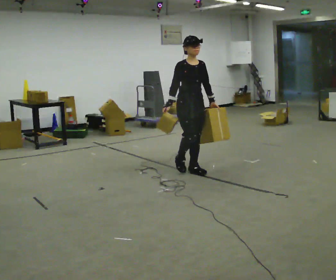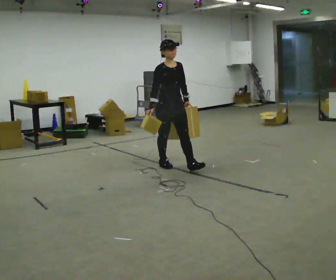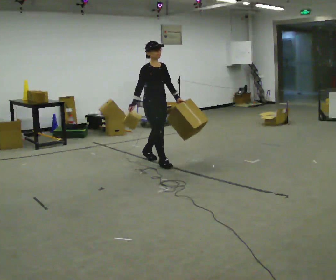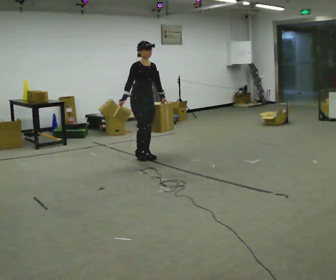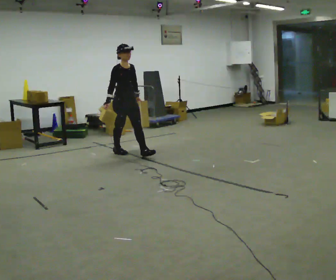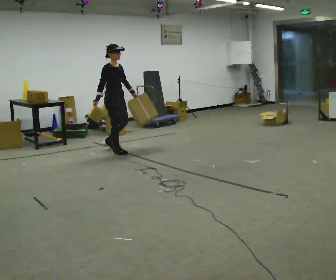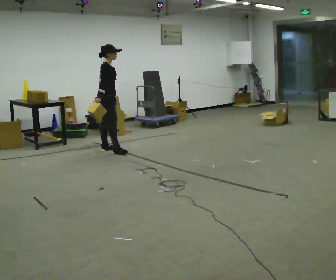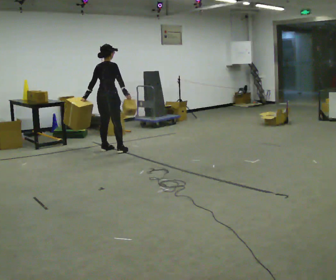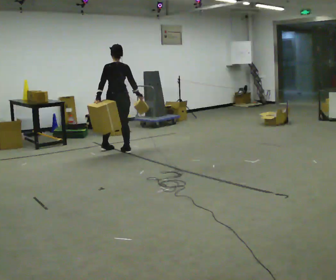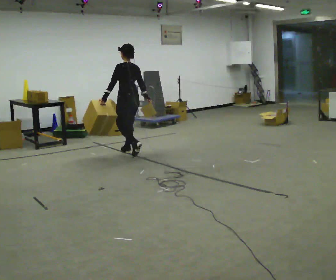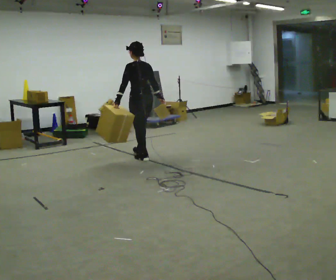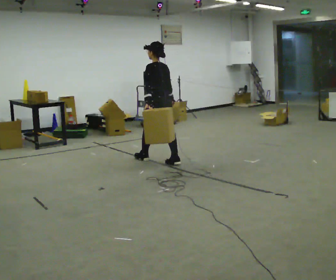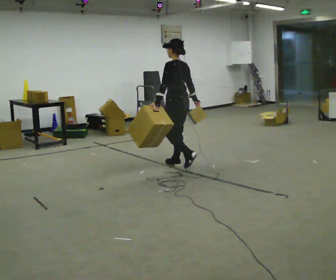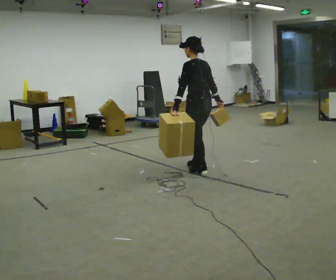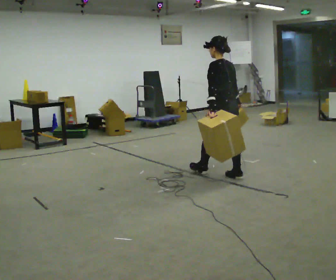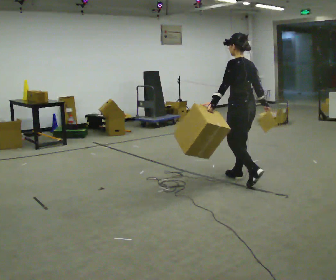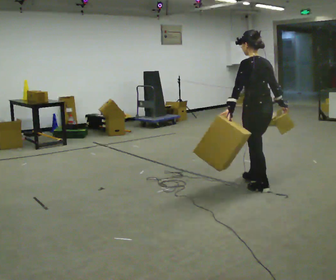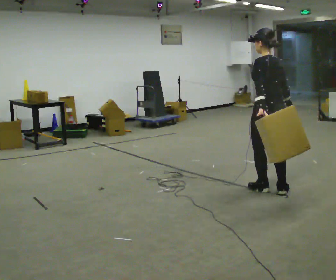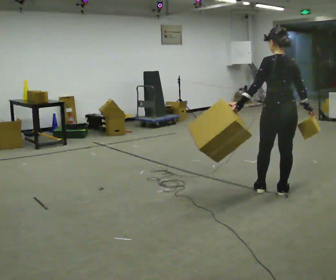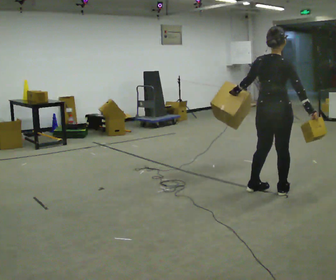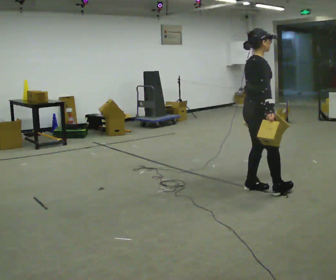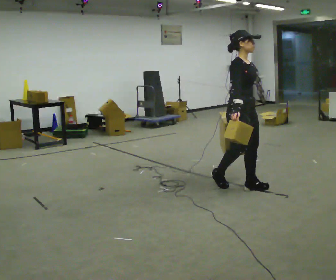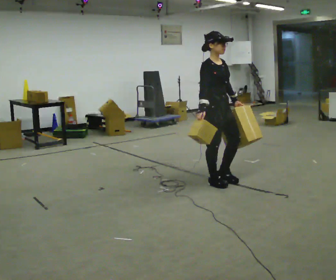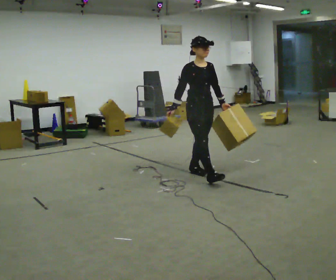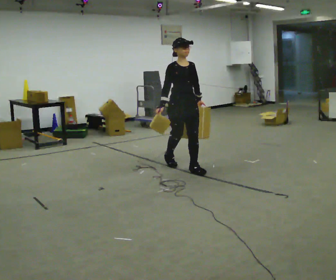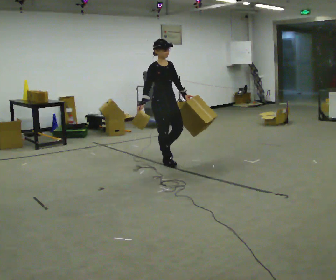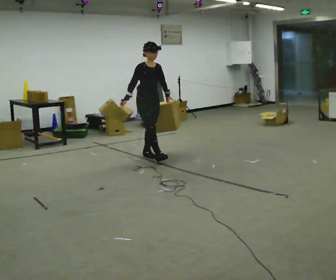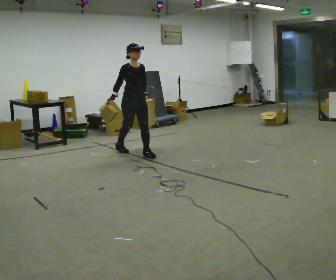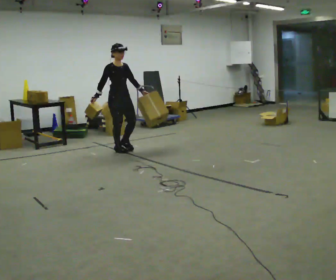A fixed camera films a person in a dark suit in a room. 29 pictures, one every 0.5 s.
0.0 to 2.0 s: In the picture they go to the left and away from the camera, about 1.5 m in 2 steps, which for them is backward.
2.0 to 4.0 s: The person turns about 135 degrees to their left, counterclockwise seen from above, so the part of the body nearest the lens slides to the right. In the picture they go to the left and away from the camera, about 0.5 m in 2 steps.
4.0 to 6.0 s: Seen from above the body turns counterclockwise, about 45 degrees: to their left, with its near side sliding to the right. In the picture they go to the right and toward the camera, about 1 m in 3 steps, which for them is backward.
6.0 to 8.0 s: In the picture they go toward the camera and to the right, about 1.5 m in 3 steps, which for them is backward.
8.0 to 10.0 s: The part of the body nearest the lens slides to the left as the person turns to their right by about 105 degrees. In the picture their left hand goes to the right.
10.0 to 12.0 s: The part of the body nearest the lens slides to the left as the person turns to their right by about 90 degrees. In the picture they go away from the camera and to the left, about 1 m in 3 steps.
12.0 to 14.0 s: In the picture they go to the left and away from the camera, about 1.5 m in 3 steps, which for them is backward.
The film runs backward here.
